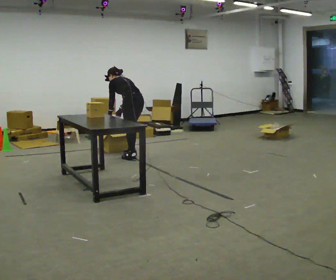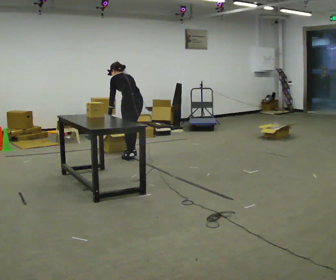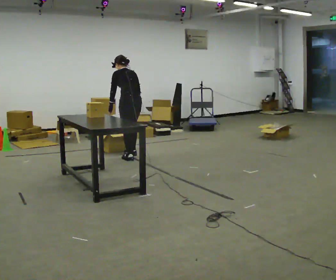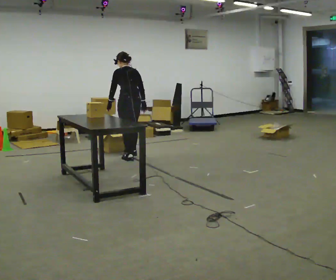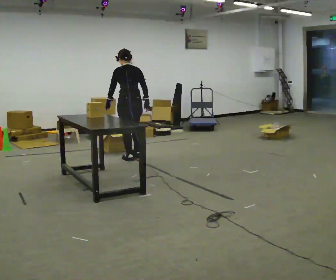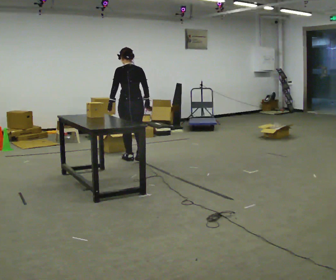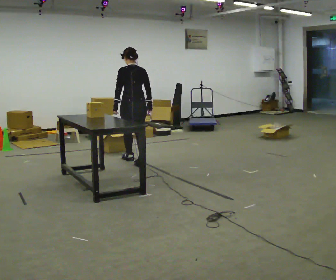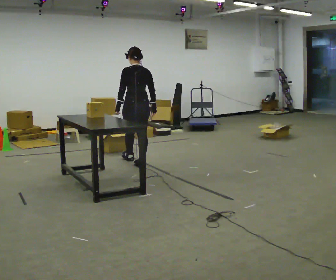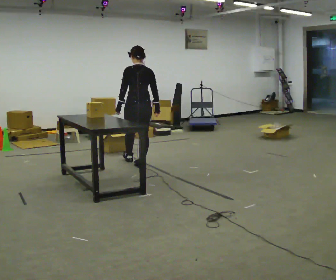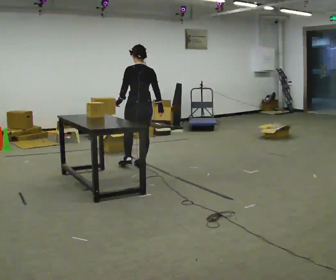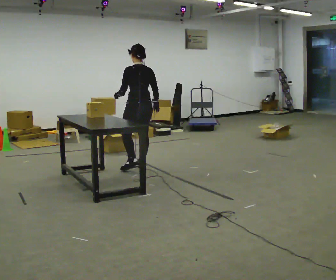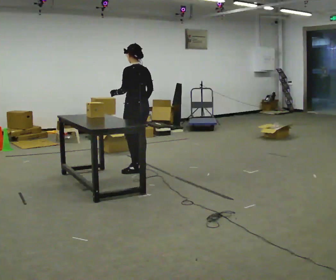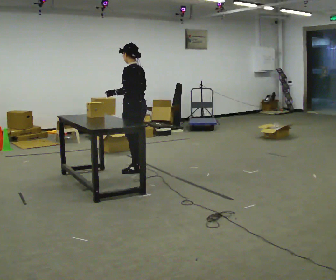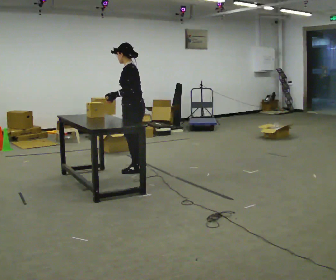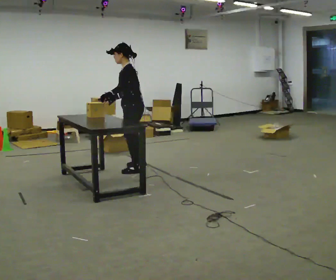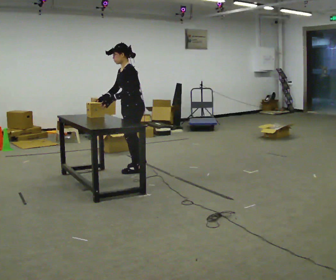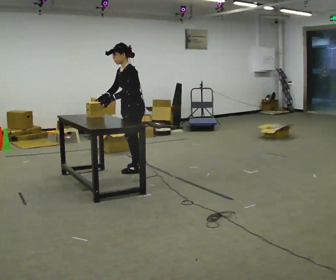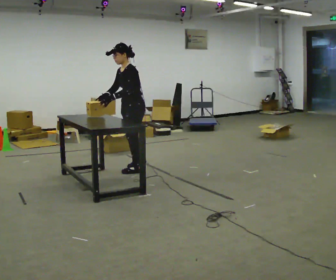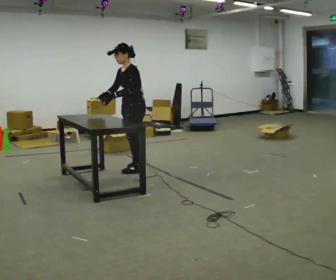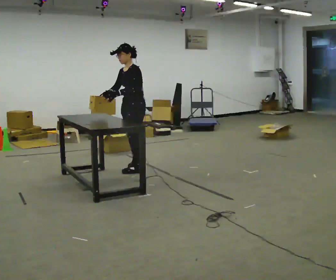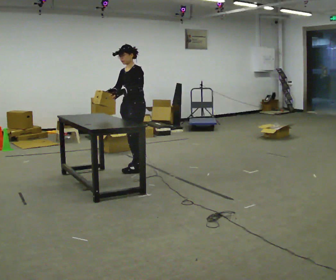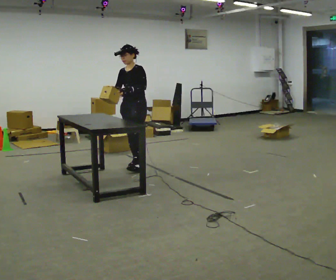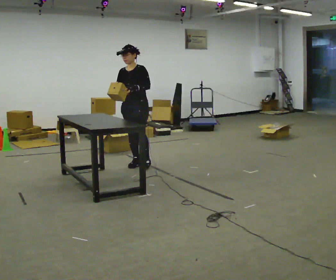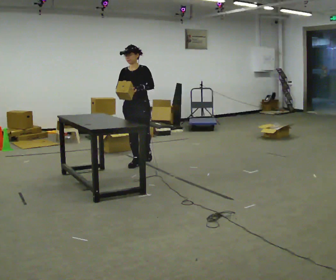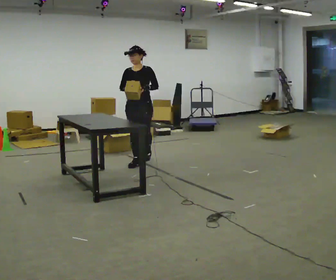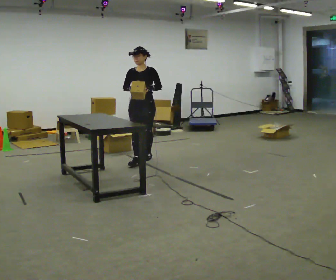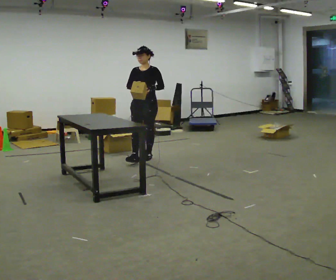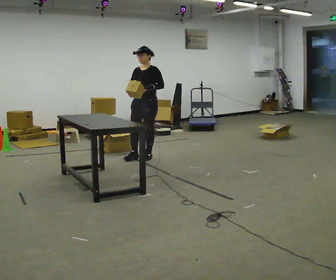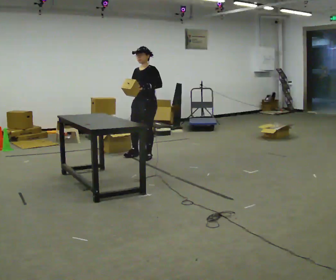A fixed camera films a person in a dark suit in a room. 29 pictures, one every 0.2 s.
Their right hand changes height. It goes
upward.
0.0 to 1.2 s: The person turns about 30 degrees to their right, clockwise seen from above, so the part of the body nearest the lens slides to the left. In the picture they go toward the camera, about 0.5 m in 1 step, which for them is backward and to their left. The shoulders move upward. The upper body tips toward the camera, its near side rolling downward, as they lean back or straighten.
1.2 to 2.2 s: Seen from above the body turns counterclockwise, about 30 degrees: to their left, with its near side sliding to the right. In the picture they go toward the camera, about 0.25 m in 1 step, which for them is backward.
2.2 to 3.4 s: The part of the body nearest the lens slides to the right as the person turns to their left by about 60 degrees. In the picture their right hand goes to the left, the arm swinging clockwise.
3.4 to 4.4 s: Seen from above the body turns counterclockwise, about 45 degrees: to their left, with its near side sliding to the right. In the picture they go away from the camera, about 0.25 m in 1 step, which for them is to their right and backward.
4.4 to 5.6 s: In the picture they go away from the camera, about 0.5 m in 1 step, which for them is backward.
The film runs backward here.
